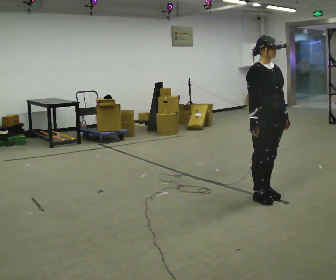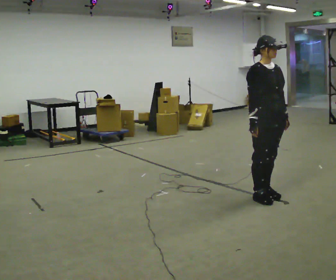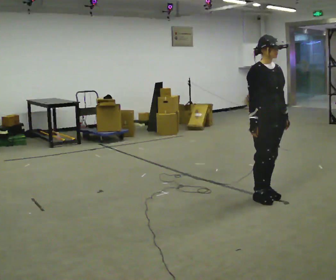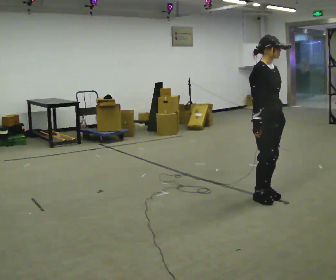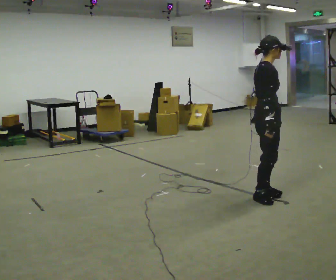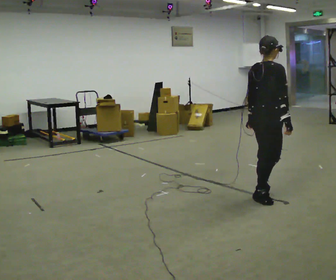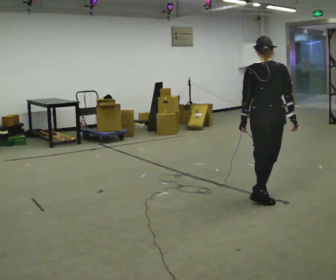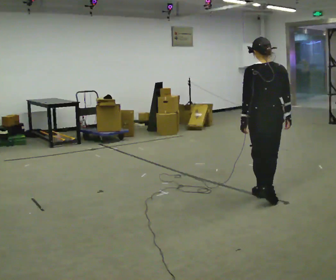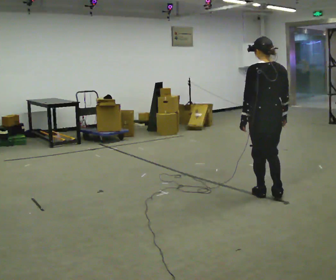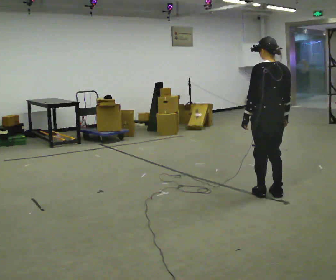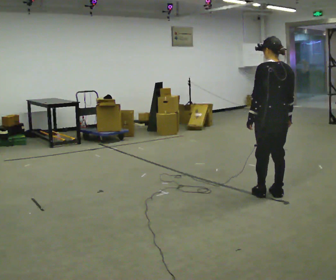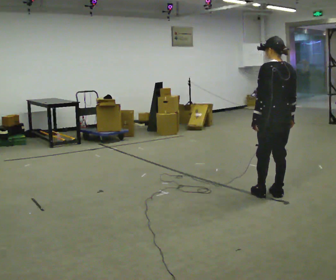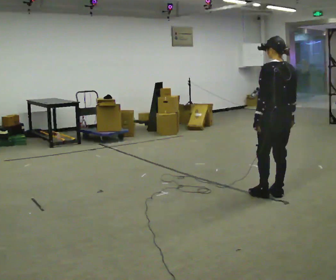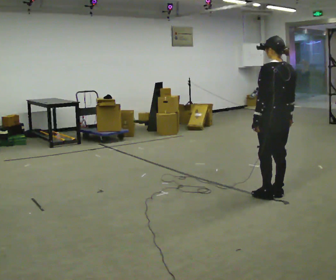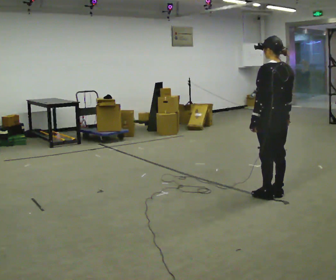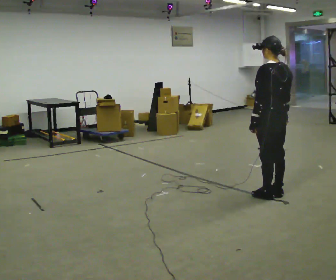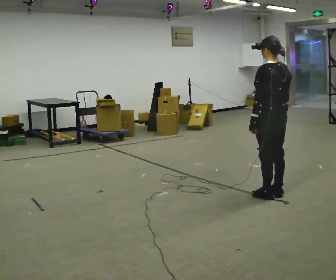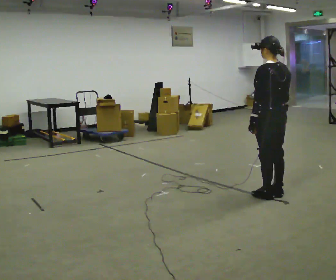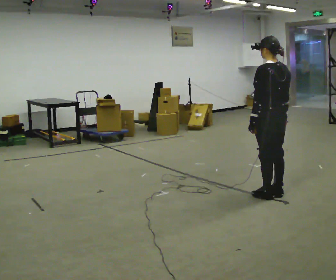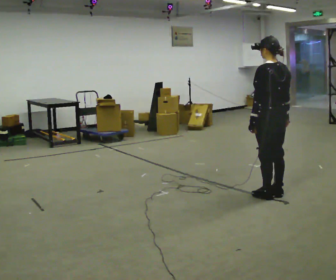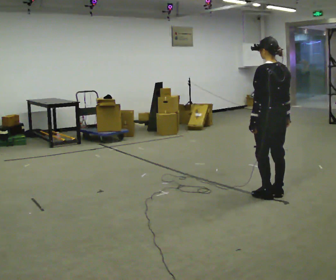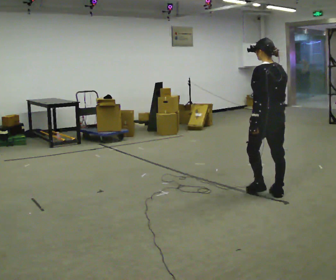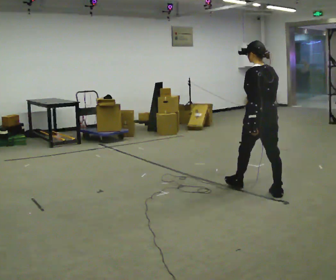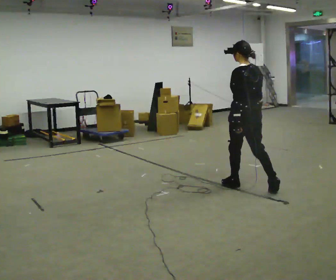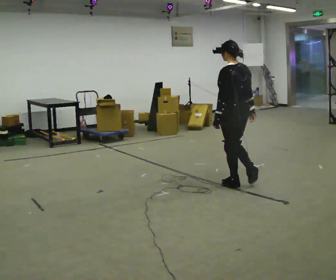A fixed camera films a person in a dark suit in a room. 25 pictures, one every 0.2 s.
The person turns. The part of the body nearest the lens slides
to the right.
The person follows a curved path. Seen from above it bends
counterclockwise.
0.0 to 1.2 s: The person turns about 120 degrees to their left, counterclockwise seen from above, so the part of the body nearest the lens slides to the right. In the picture their left hand goes to the left, the arm swinging clockwise.
1.2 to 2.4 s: The person turns about 60 degrees to their left, counterclockwise seen from above, so the part of the body nearest the lens slides to the right.
2.4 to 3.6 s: The person moves a little, or ends about where they began.
3.6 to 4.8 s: In the picture they go to the left and away from the camera, about 0.5 m in 1 step, which for them is forward.
The film runs forward here.
